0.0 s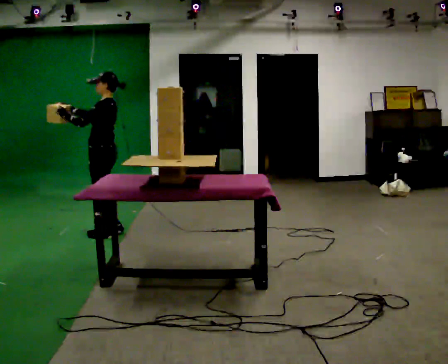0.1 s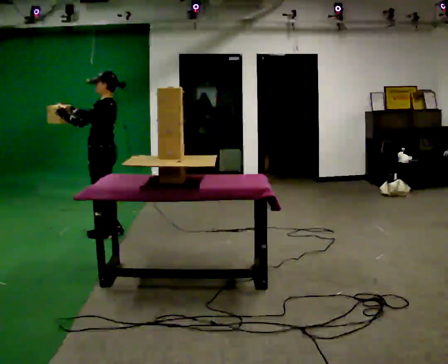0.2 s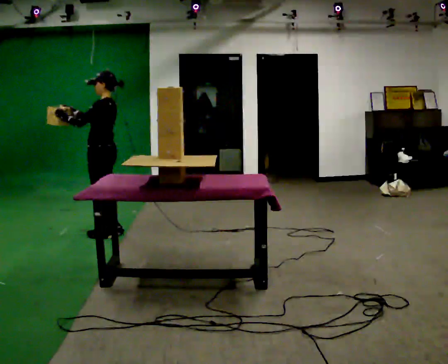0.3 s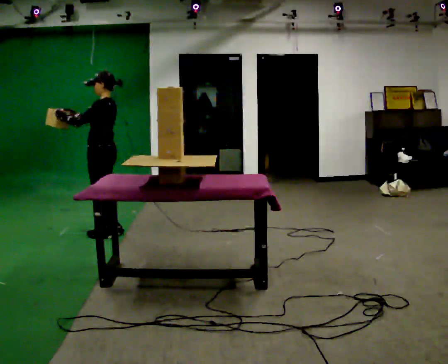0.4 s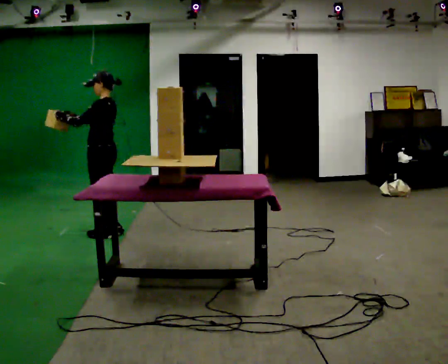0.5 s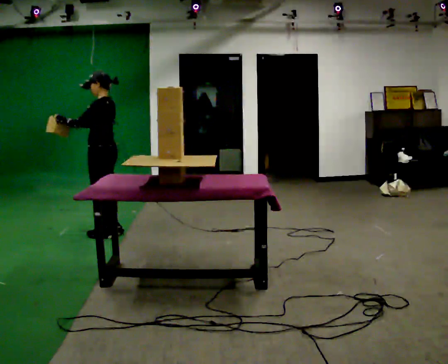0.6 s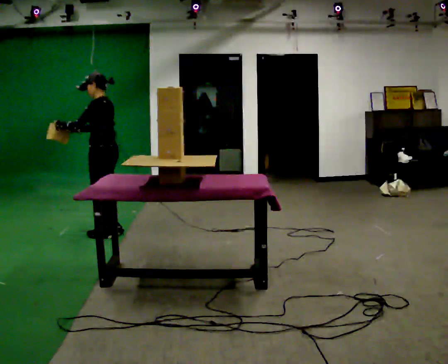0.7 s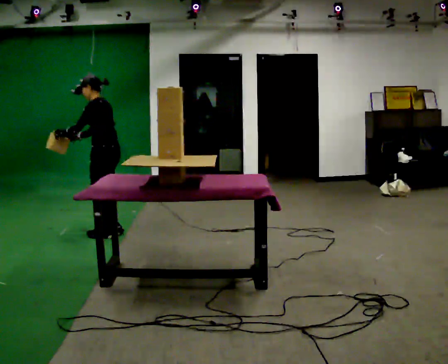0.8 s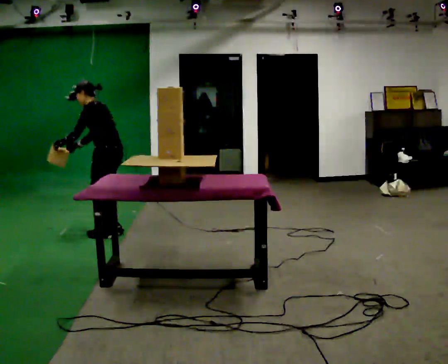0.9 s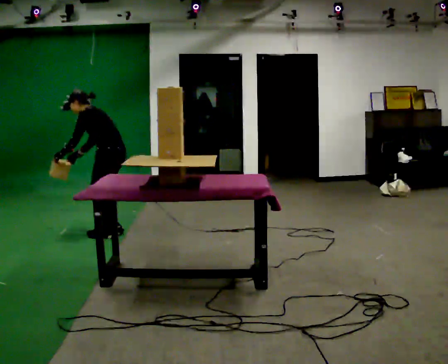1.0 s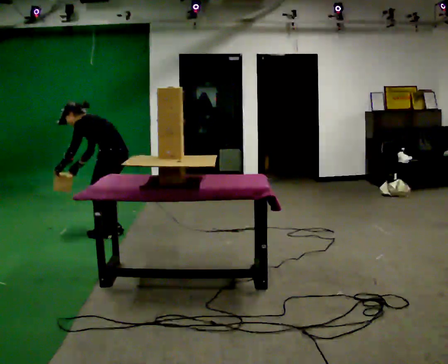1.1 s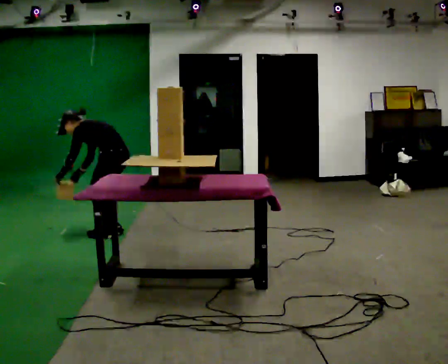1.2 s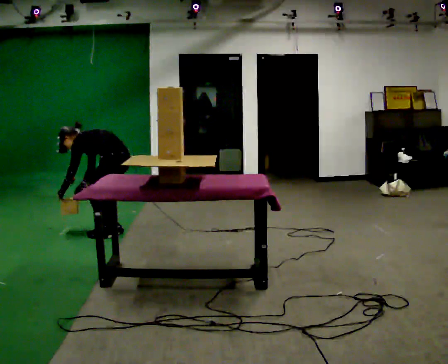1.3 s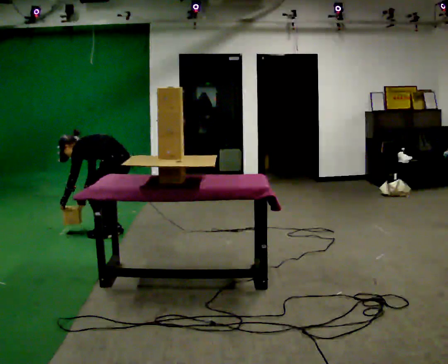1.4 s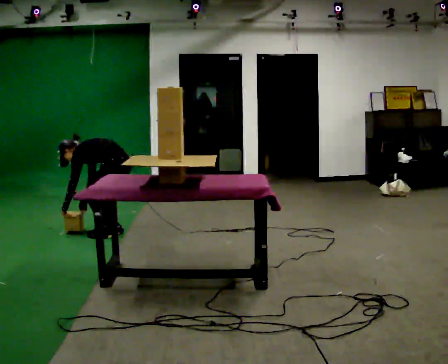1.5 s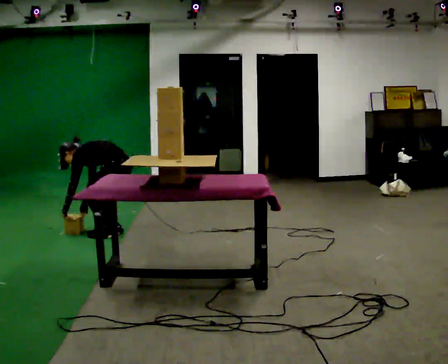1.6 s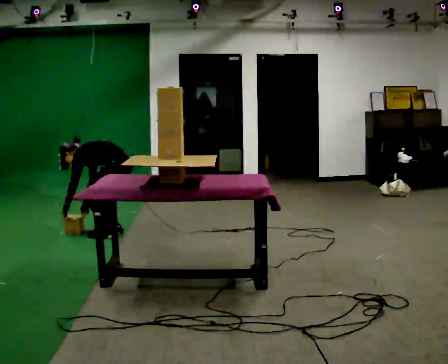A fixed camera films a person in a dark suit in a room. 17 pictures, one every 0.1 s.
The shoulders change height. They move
downward.
Their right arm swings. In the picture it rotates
counterclockwise.
0.0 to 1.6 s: The upper body goes downward. In the picture the upper body tilts counterclockwise, shoulders to the left, as they bend forward. In the picture their right hand goes downward, the arm swinging counterclockwise.
The film runs backward here.
